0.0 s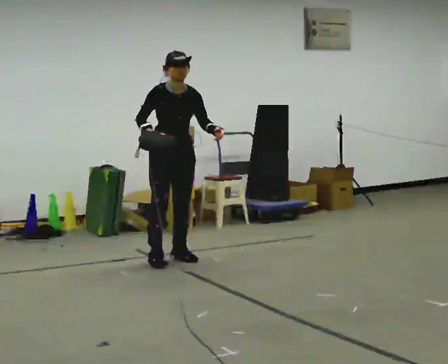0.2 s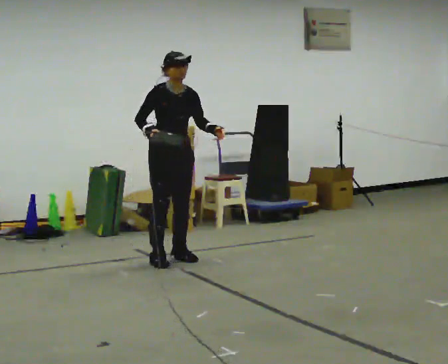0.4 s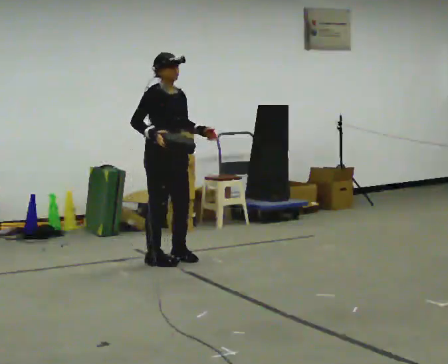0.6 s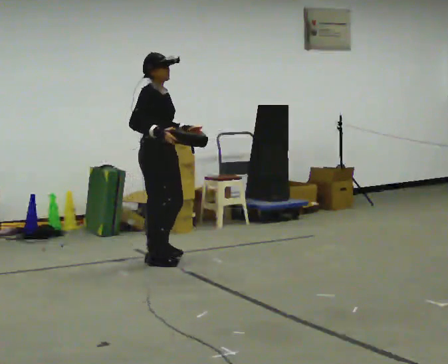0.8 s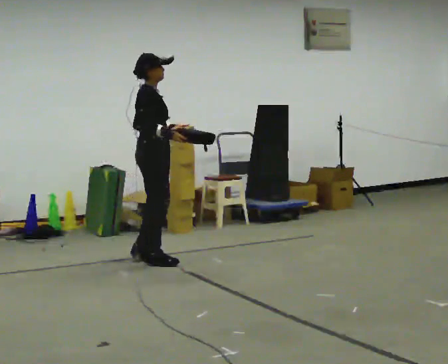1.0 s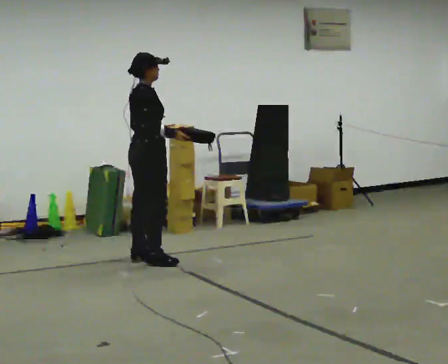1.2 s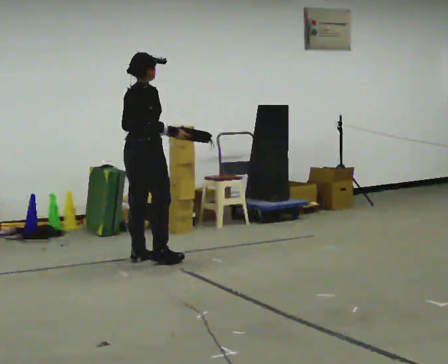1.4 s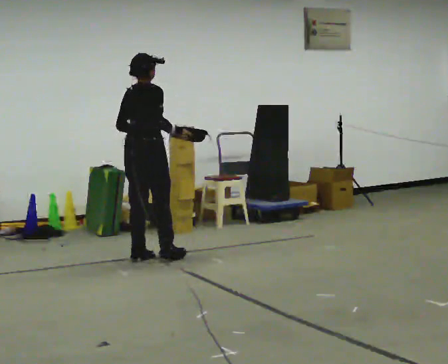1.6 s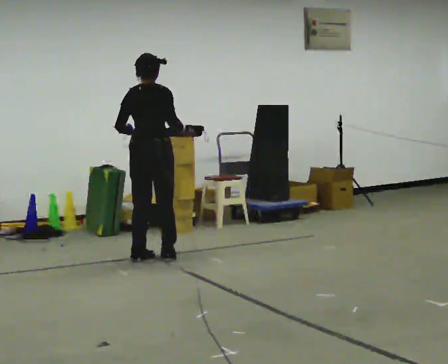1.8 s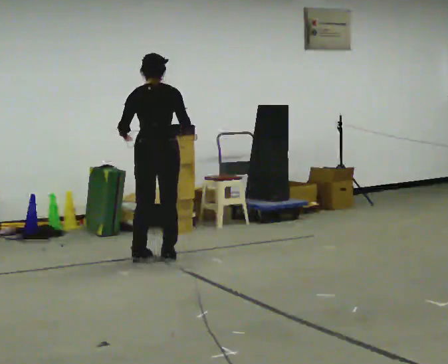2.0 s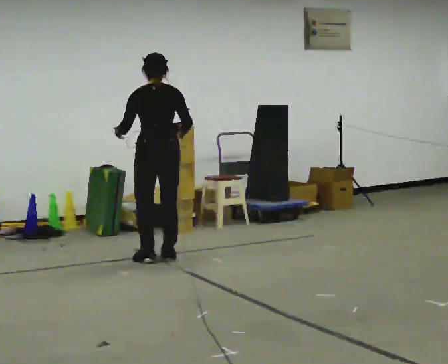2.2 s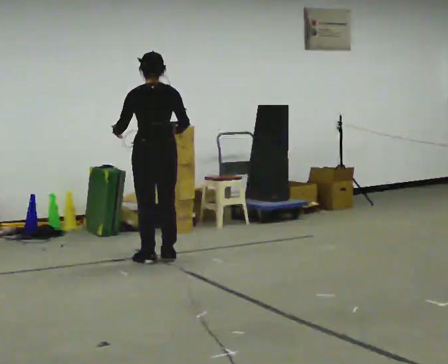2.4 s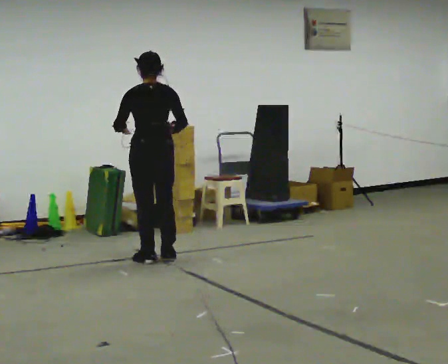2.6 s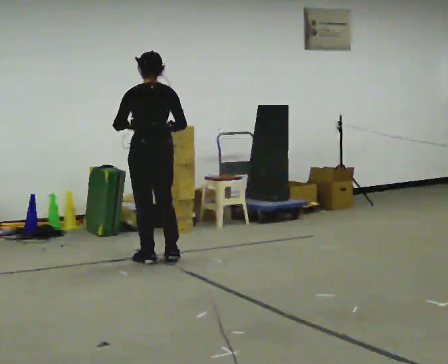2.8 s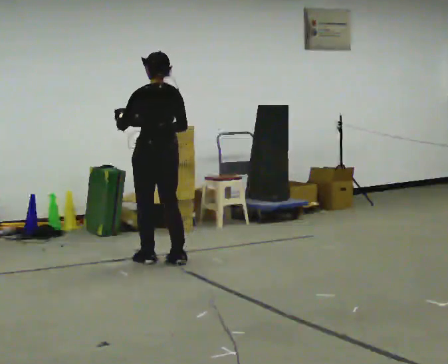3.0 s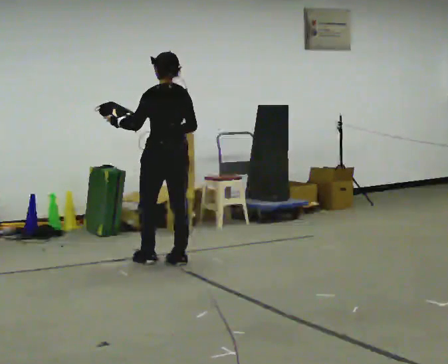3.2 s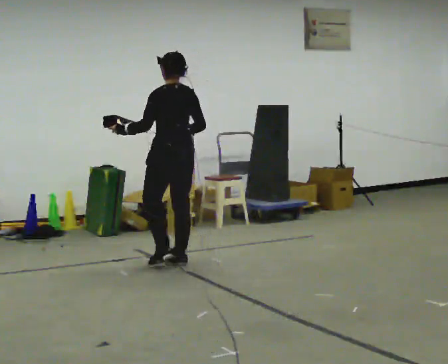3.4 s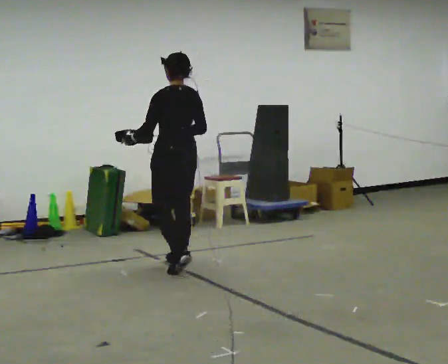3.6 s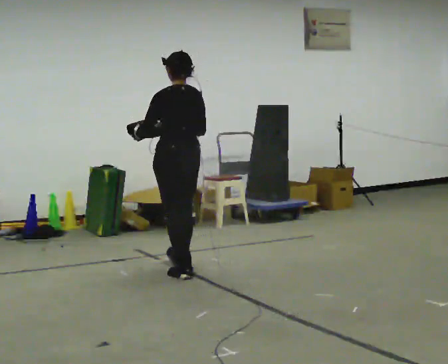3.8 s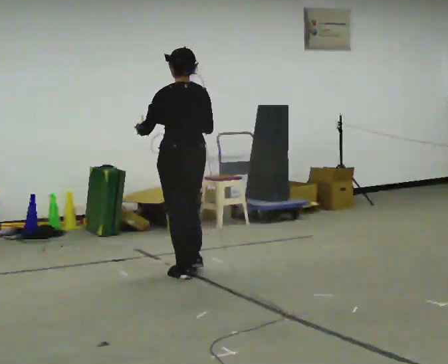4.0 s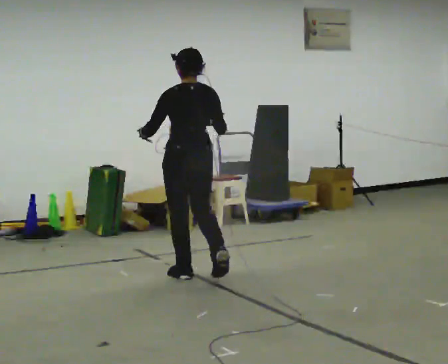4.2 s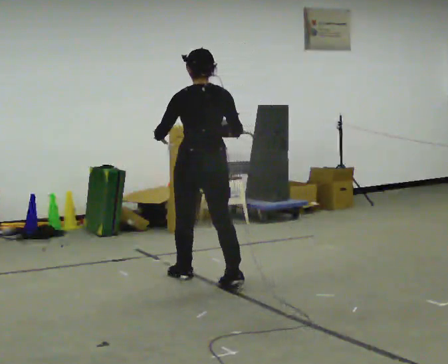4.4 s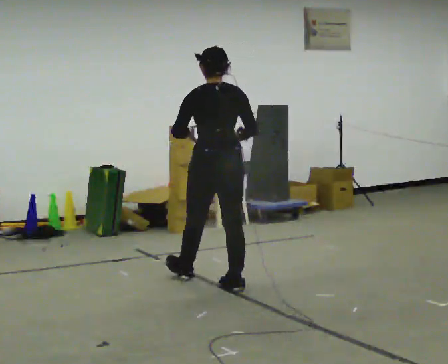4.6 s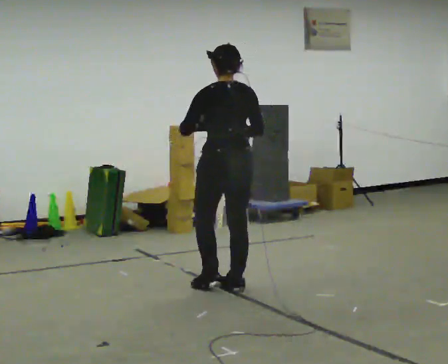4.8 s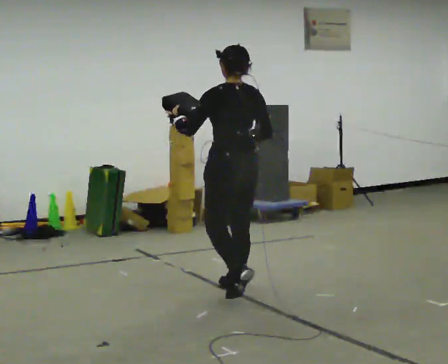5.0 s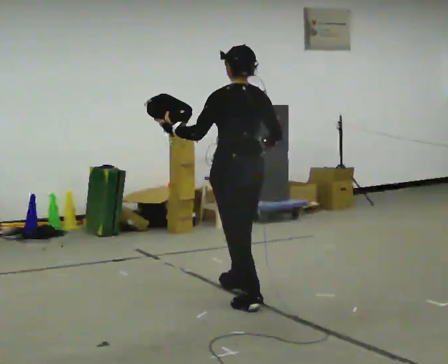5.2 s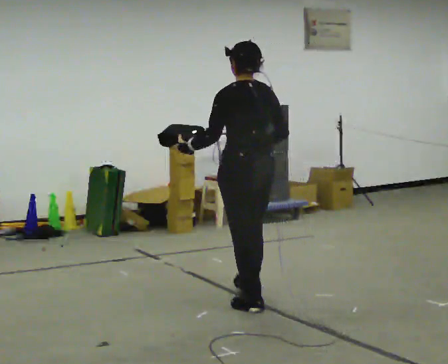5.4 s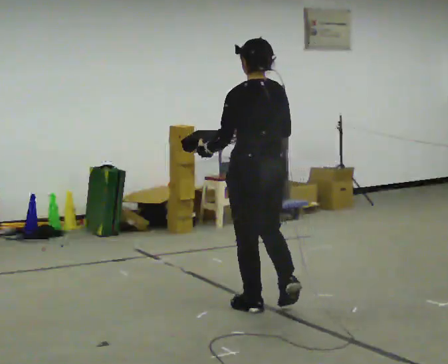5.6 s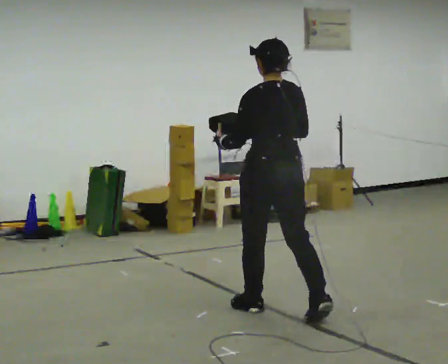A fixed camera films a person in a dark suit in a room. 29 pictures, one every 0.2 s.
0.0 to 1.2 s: The person turns about 105 degrees to their left, counterclockwise seen from above, so the part of the body nearest the lens slides to the right. In the picture they go to the left, about 0.25 m in 2 steps. In the picture their left hand goes to the left.
1.2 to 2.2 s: Seen from above the body turns counterclockwise, about 75 degrees: to their left, with its near side sliding to the right.
2.2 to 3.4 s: In the picture they go toward the camera and to the right, about 0.25 m in 2 steps, which for them is backward.
3.4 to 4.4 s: In the picture they go toward the camera and to the right, about 0.75 m in 2 steps, which for them is backward.
4.4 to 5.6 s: In the picture they go toward the camera and to the right, about 1 m in 1 step, which for them is backward.
The film runs backward here.
